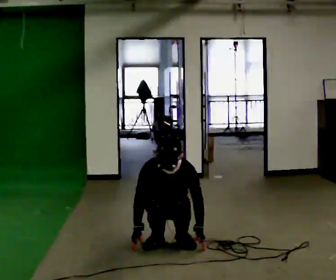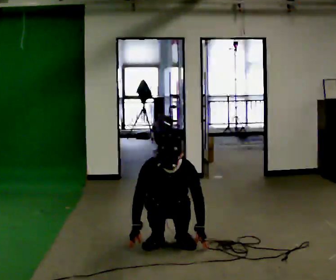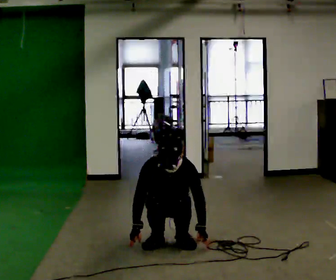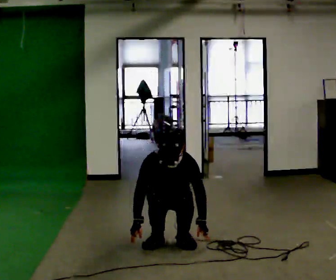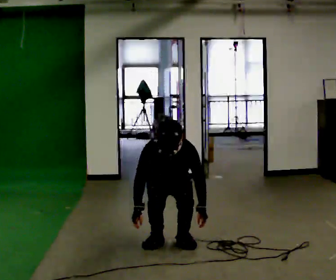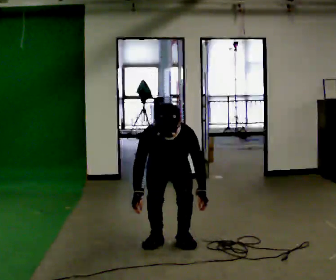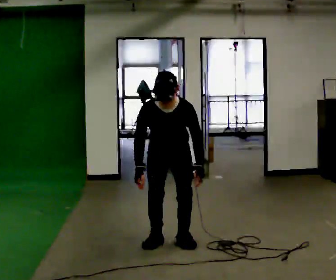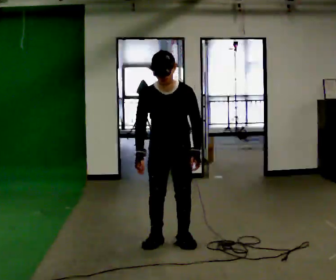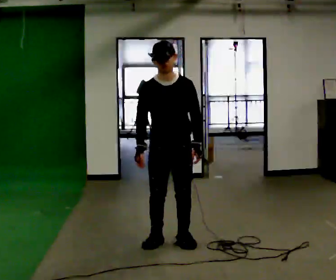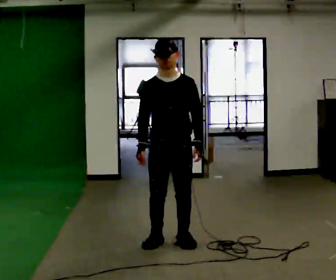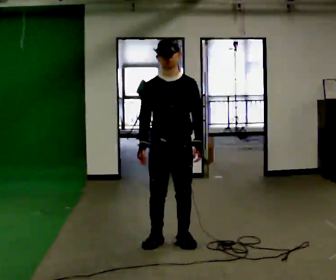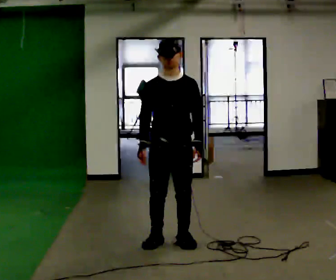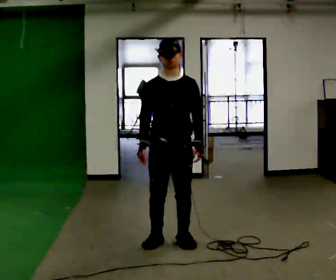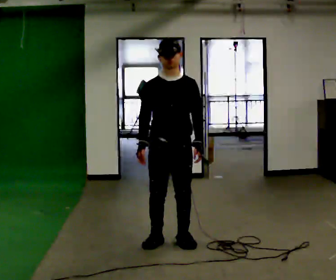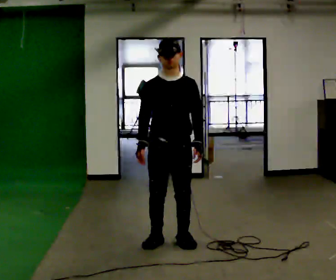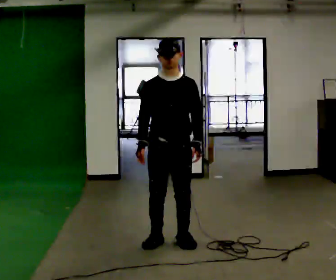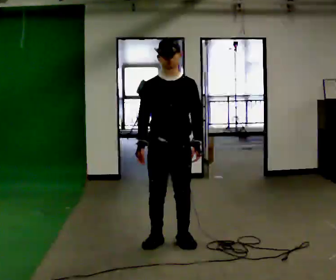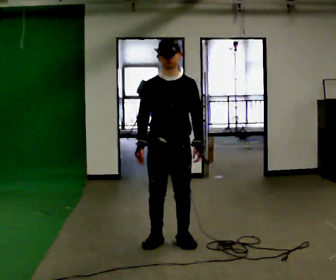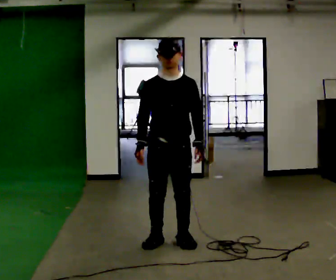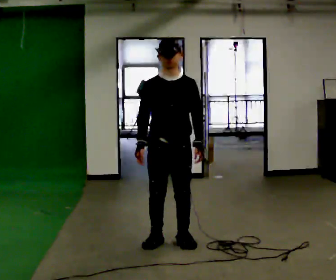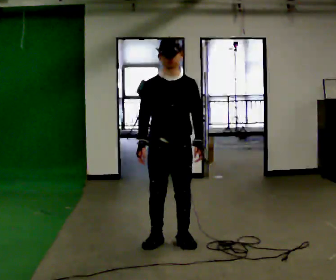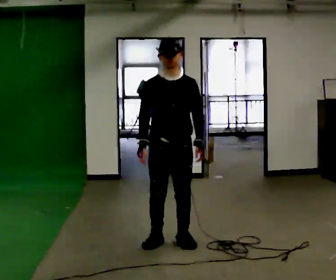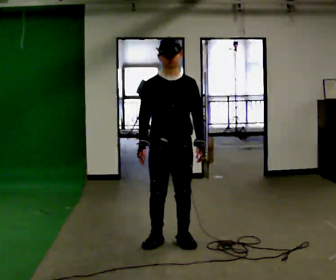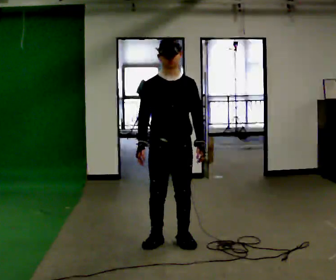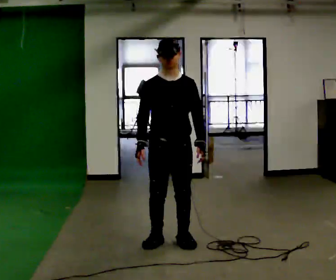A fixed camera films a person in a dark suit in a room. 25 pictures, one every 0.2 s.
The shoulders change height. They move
upward.
Their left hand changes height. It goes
upward.
0.0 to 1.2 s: The upper body goes upward. In the picture their right hand goes upward.
1.2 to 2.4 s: In the picture they go toward the camera, about 0.25 m, which for them is forward. The upper body goes upward. The upper body tips away from the camera, its near side rolling upward, as they lean back or straighten.
2.4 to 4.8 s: The person moves a little, or ends about where they began.
The film runs backward here.
